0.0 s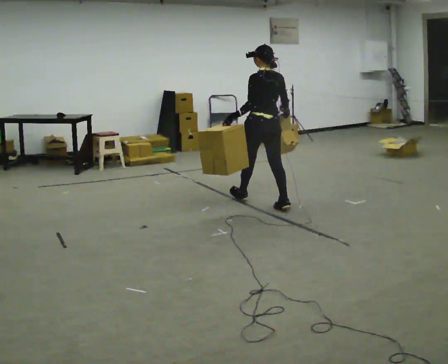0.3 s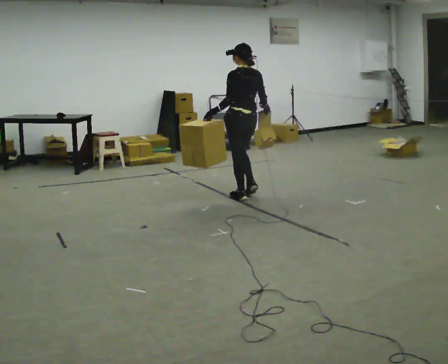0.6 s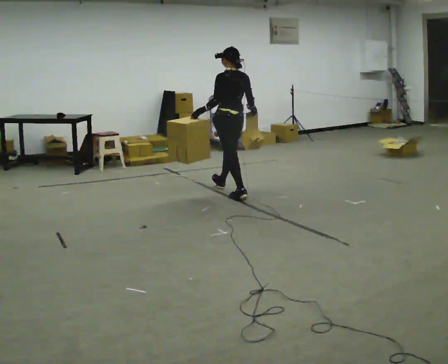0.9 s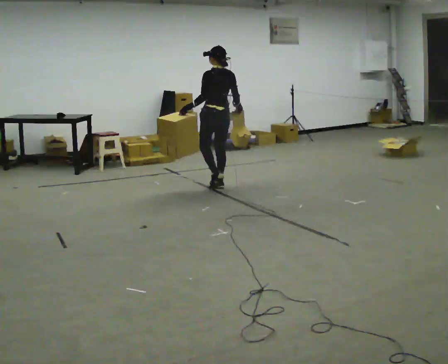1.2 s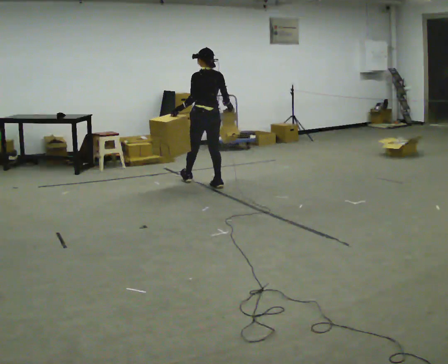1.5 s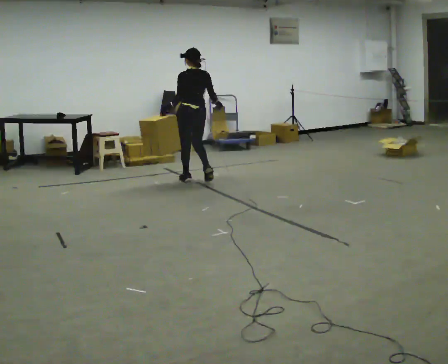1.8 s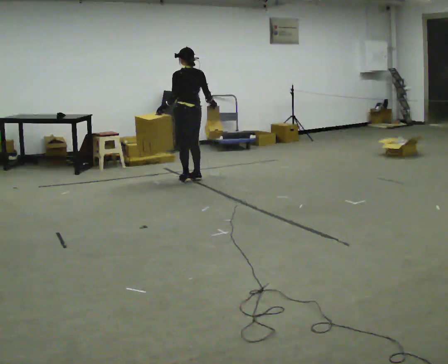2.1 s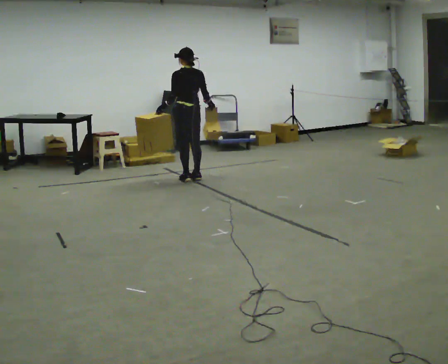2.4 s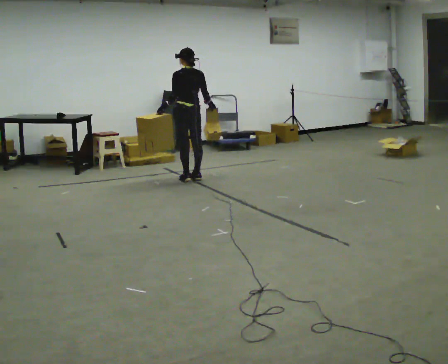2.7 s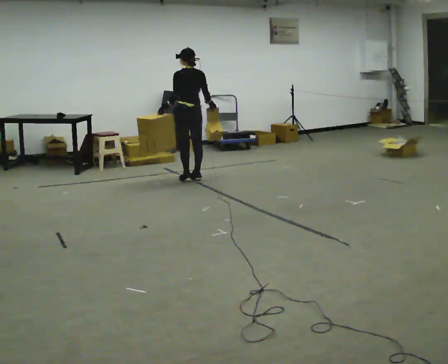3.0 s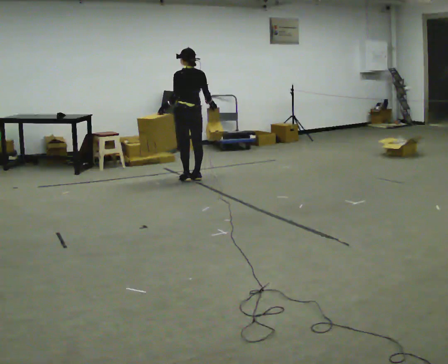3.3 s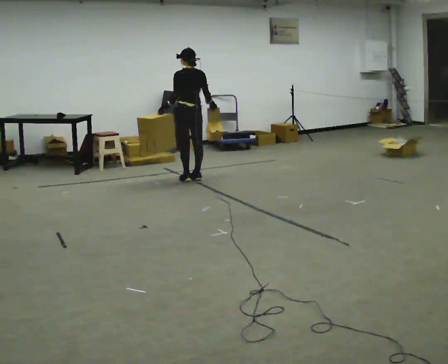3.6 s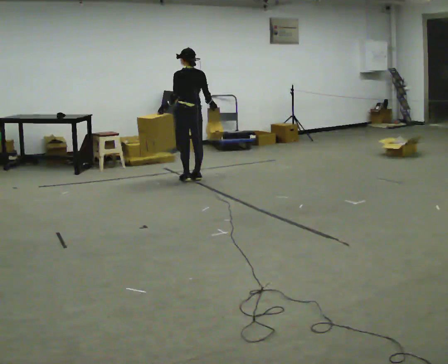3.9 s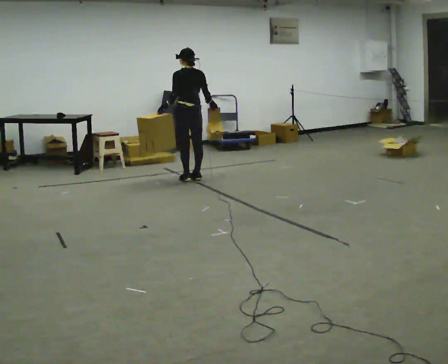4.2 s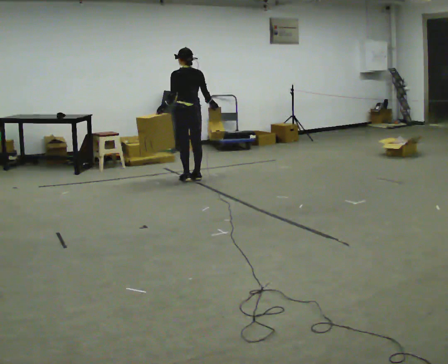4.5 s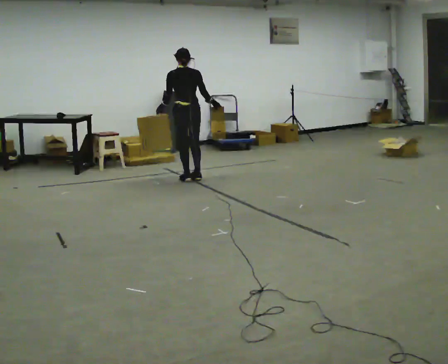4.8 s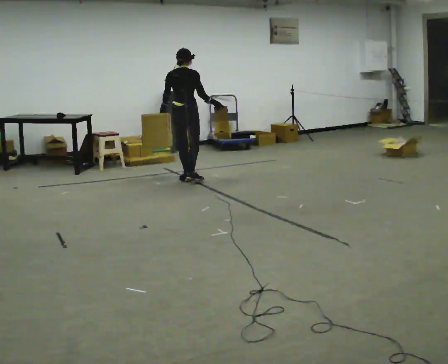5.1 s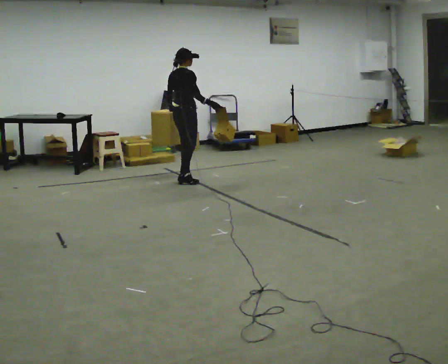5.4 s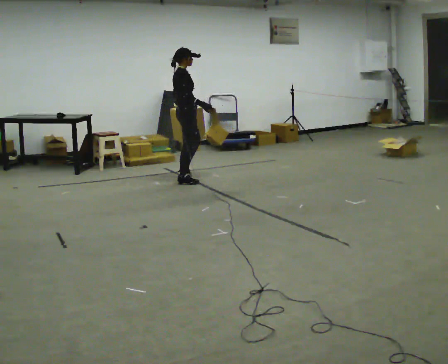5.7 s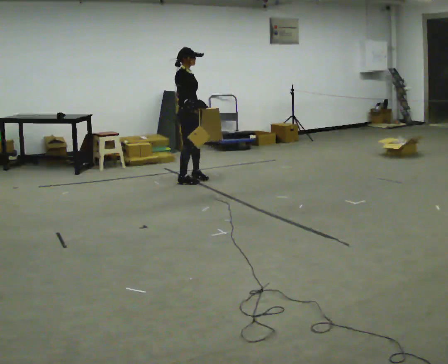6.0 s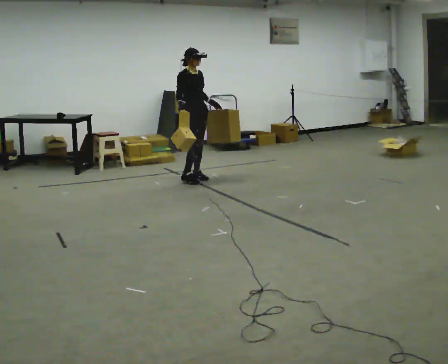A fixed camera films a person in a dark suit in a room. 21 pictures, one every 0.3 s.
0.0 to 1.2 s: In the picture they go away from the camera and to the left, about 1 m in 1 step, which for them is forward.
1.2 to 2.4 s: In the picture they go away from the camera and to the left, about 0.25 m in 2 steps, which for them is forward.
2.4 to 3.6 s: The person keeps their place and pose.
3.6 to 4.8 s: The person turns about 45 degrees to their right, clockwise seen from above, so the part of the body nearest the lens slides to the left.
4.8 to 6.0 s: Seen from above the body turns clockwise, about 105 degrees: to their right, with its near side sliding to the left. In the picture their right hand goes to the left, the arm swinging clockwise.
The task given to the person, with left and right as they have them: Carry one object in each hand, the heavy one in the hand the operator calls, walking back and forth across the room.
The film runs forward here.
